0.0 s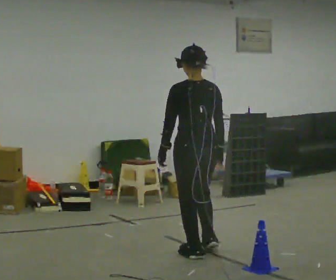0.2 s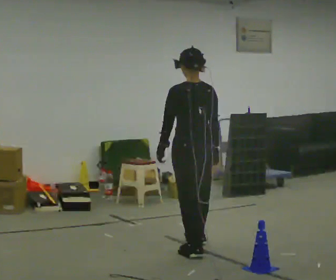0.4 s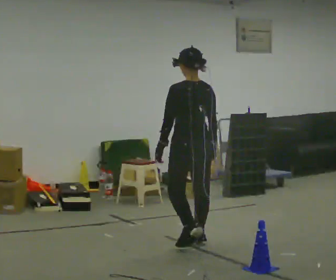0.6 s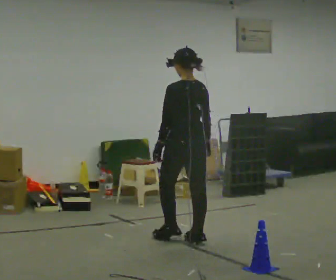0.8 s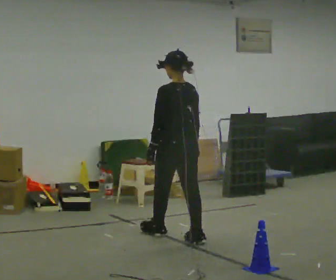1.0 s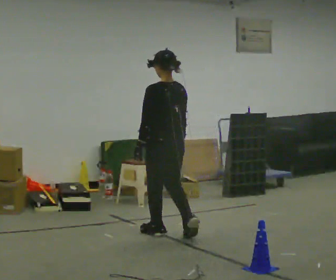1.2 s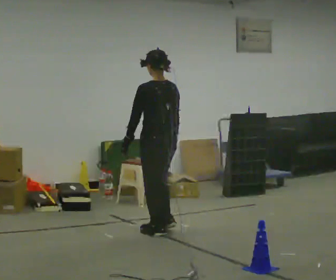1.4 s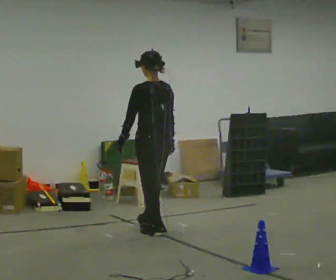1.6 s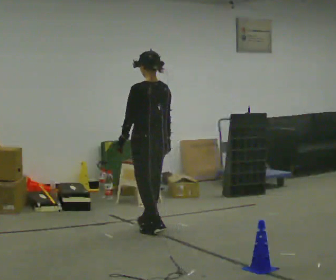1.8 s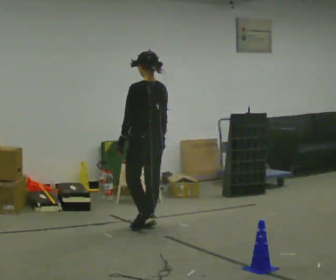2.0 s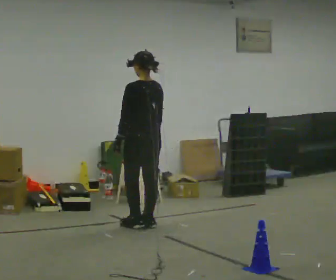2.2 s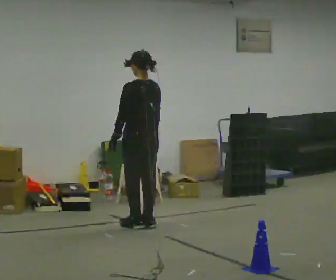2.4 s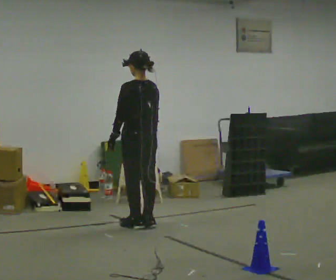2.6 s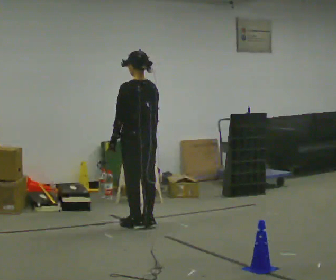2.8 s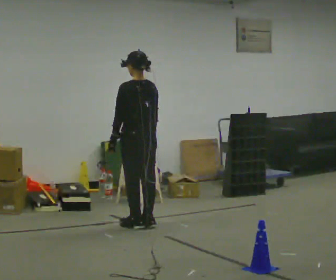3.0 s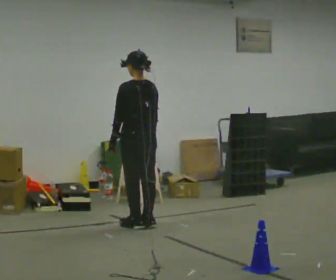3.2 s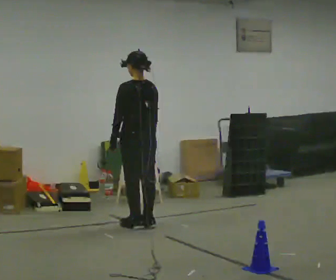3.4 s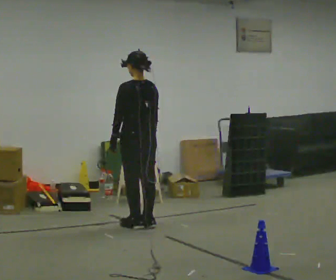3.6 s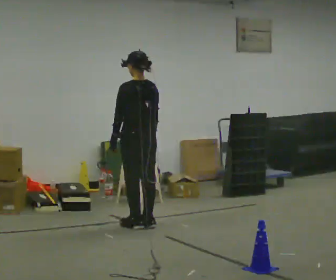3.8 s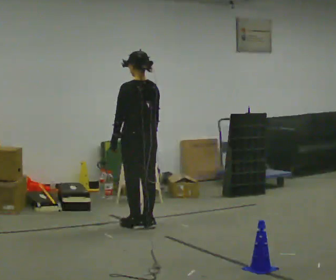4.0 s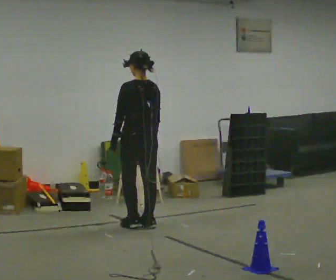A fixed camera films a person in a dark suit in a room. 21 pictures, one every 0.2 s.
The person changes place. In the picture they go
away from the camera.
0.0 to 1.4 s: In the picture they go away from the camera, about 1 m in 3 steps, which for them is forward.
1.4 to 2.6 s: In the picture they go away from the camera, about 0.25 m in 1 step, which for them is forward.
2.6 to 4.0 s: The person moves a little, or ends about where they began.
The film runs forward here.
